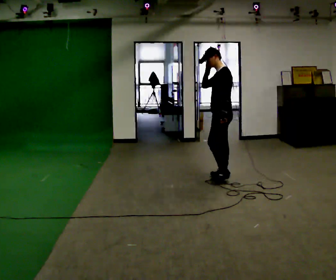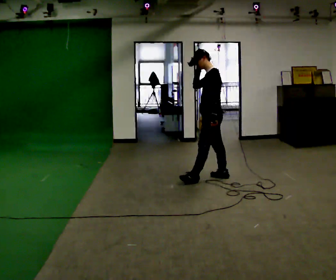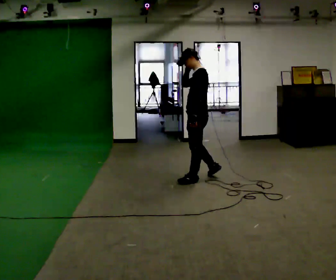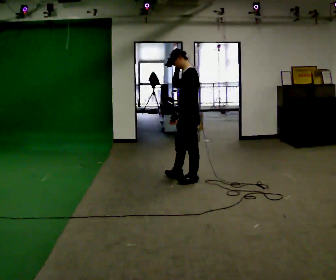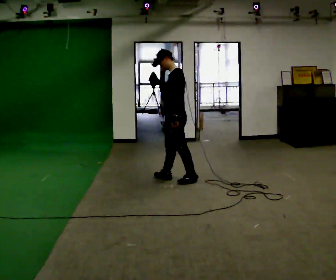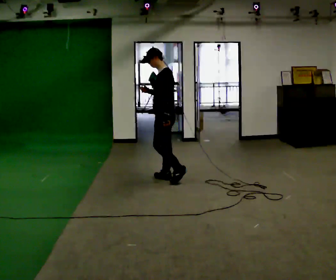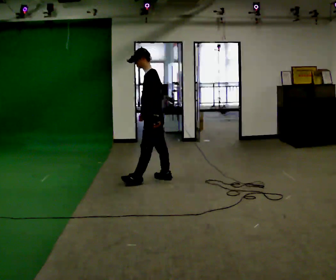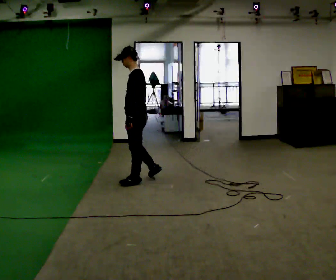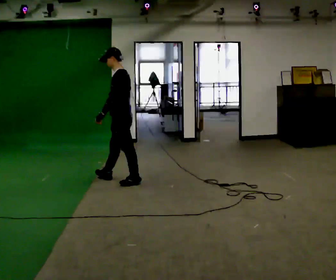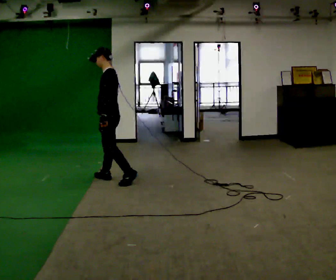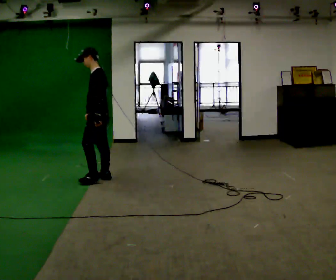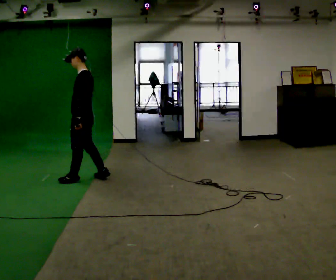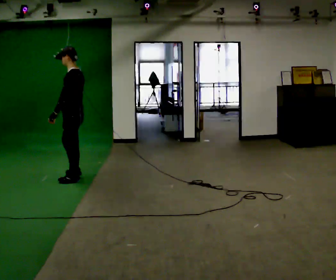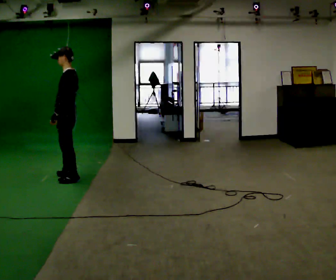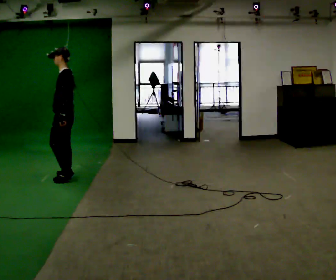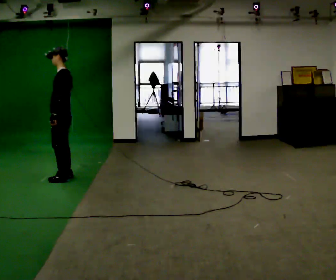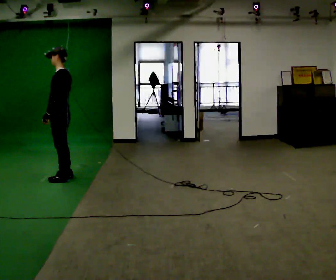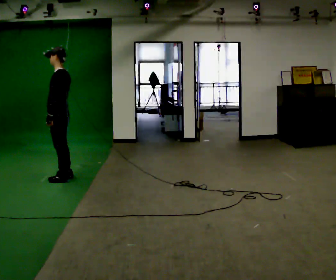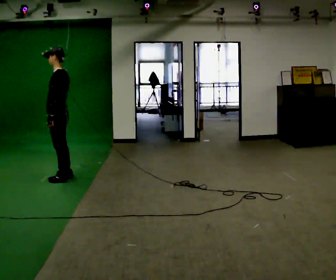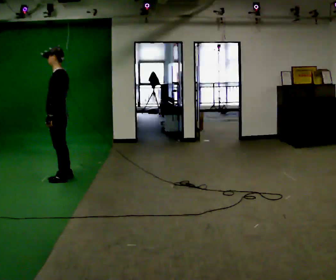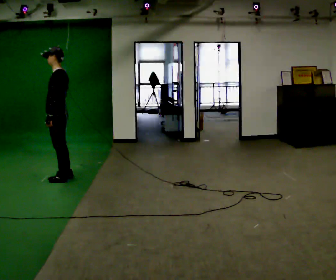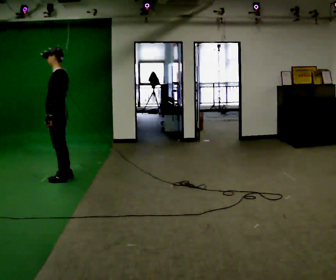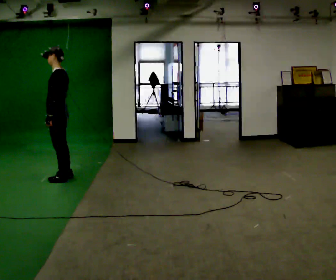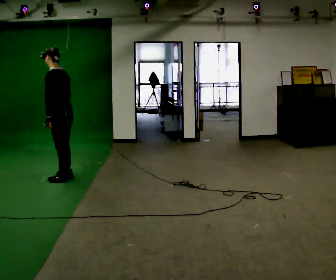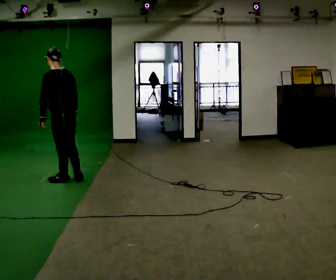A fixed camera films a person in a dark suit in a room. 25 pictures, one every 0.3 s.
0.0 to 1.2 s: In the picture they go to the left, about 0.5 m in 2 steps, which for them is forward.
1.2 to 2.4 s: In the picture they go to the left, about 0.75 m in 1 step, which for them is forward. In the picture their right hand goes downward.
2.4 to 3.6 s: In the picture they go to the left, about 0.5 m in 2 steps, which for them is forward.
3.6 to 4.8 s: In the picture they go to the left, about 0.25 m in 1 step, which for them is forward.
4.8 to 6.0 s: The person moves a little, or ends about where they began.
6.0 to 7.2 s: Seen from above the body turns clockwise, about 45 degrees: to their right, with its near side sliding to the left.
The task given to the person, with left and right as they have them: Walk forward with your feet closer together than normal, or further apart than normal, as the operator states; stop.
The film runs forward here.
